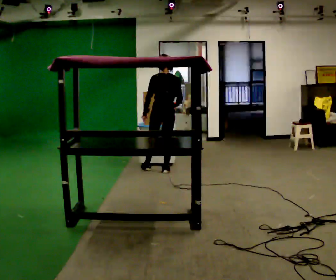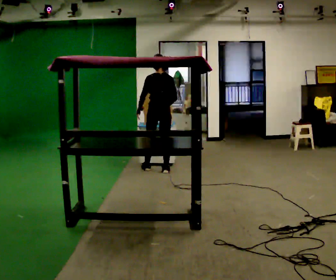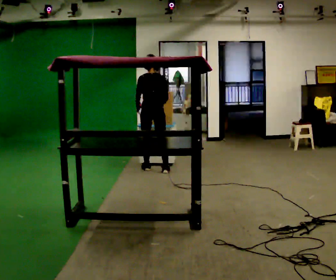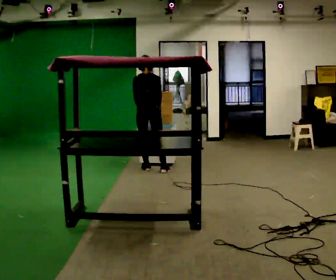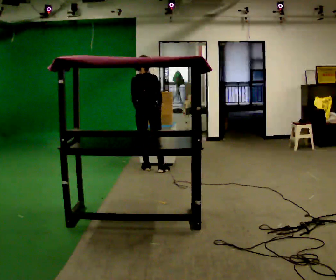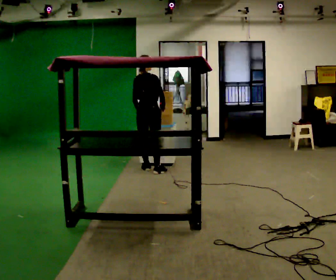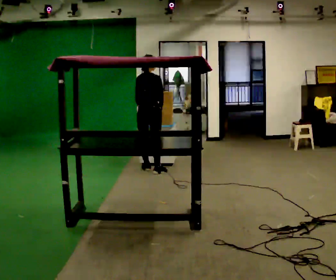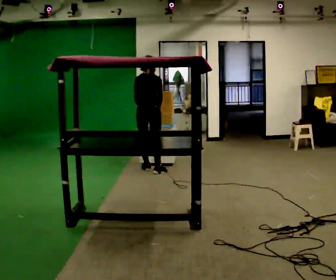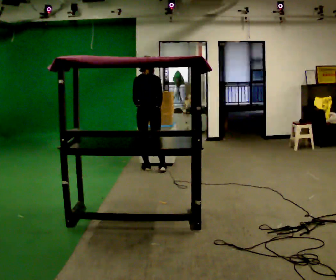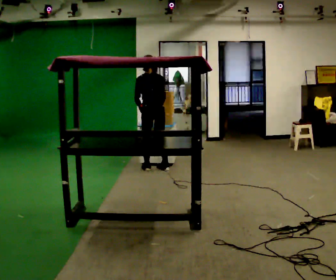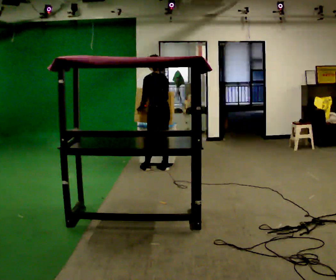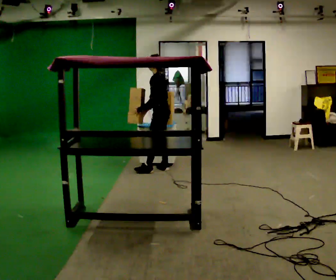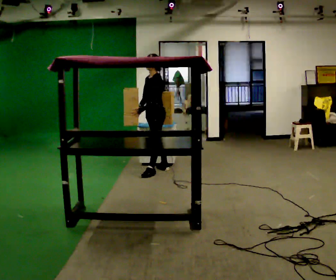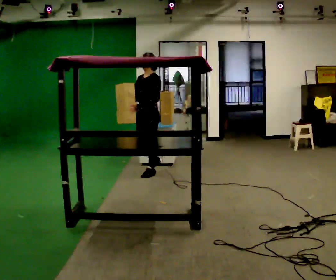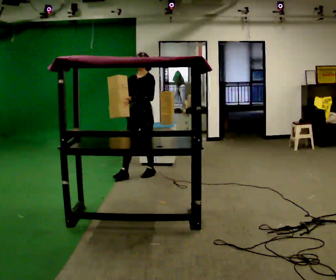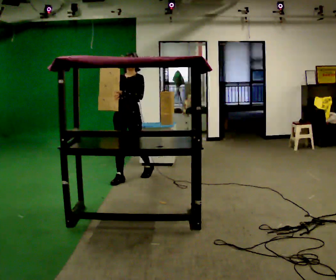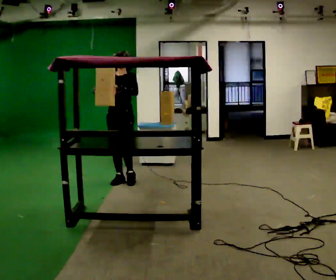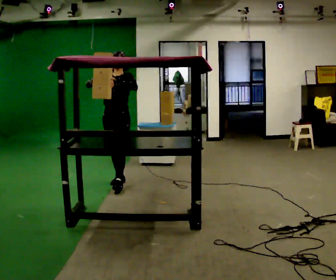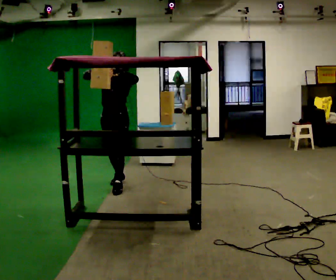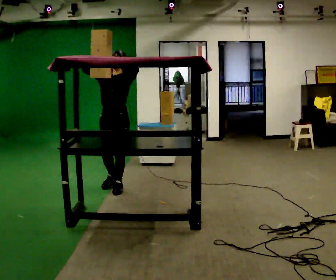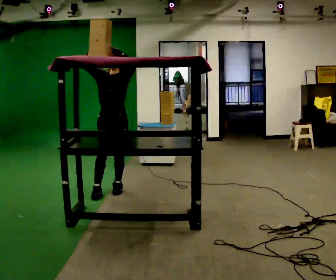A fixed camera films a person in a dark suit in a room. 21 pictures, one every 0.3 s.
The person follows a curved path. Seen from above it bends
counterclockwise.
The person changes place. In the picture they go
toward the camera.
0.0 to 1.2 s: The part of the body nearest the lens slides to the left as the person turns to their right by about 30 degrees. In the picture they go to the left, about 0.25 m, which for them is to their left.
1.2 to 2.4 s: The person moves a little, or ends about where they began.
2.4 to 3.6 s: Seen from above the body turns counterclockwise, about 120 degrees: to their left, with its near side sliding to the right. The upper body tips toward the camera, its near side rolling downward.
3.6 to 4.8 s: The person turns about 60 degrees to their left, counterclockwise seen from above, so the part of the body nearest the lens slides to the right. In the picture they go toward the camera and to the left, about 0.75 m in 1 step. In the picture their right hand goes upward.
4.8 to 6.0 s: In the picture they go toward the camera, about 0.5 m in 1 step, which for them is forward. In the picture their left hand goes upward.
The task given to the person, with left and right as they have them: Reach up into the bin on the top shelf, take out one object at a time, and carry it to the table. Keep going until the operator says stop; one object at a time, and do not rush between trips.
The film runs forward here.
